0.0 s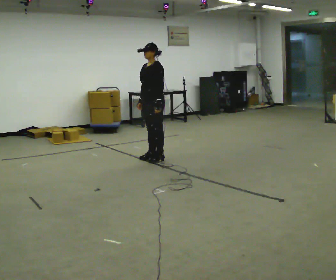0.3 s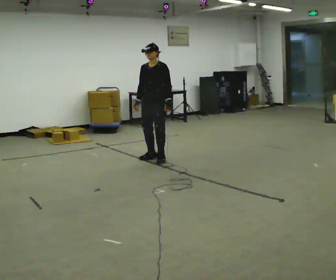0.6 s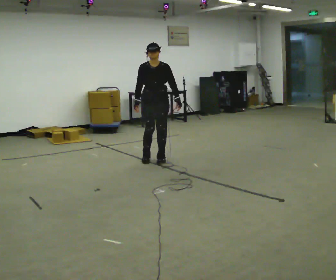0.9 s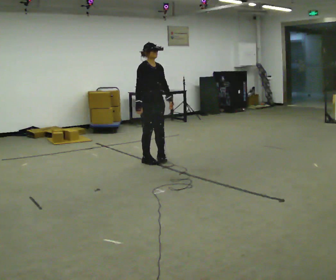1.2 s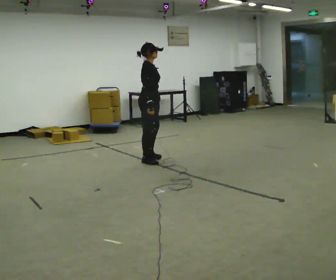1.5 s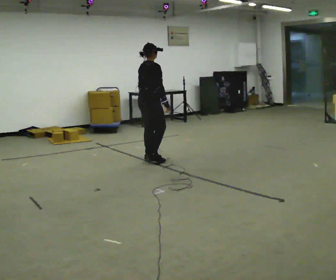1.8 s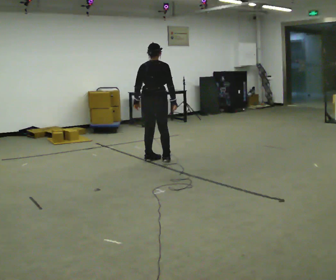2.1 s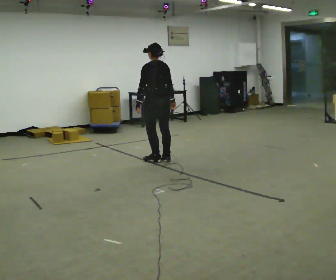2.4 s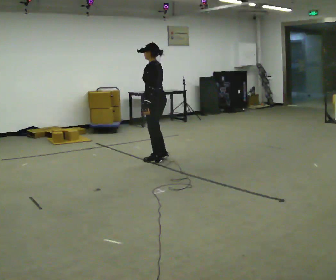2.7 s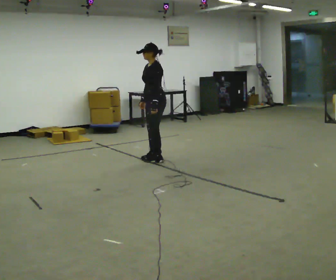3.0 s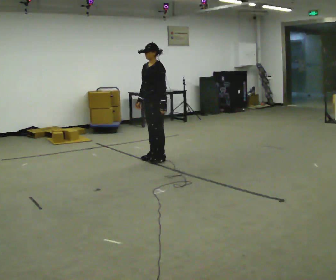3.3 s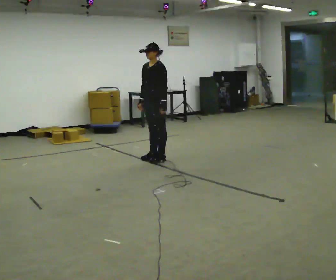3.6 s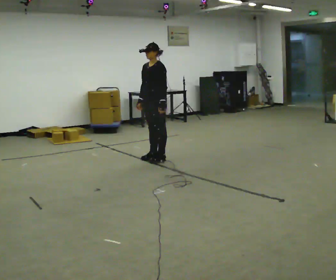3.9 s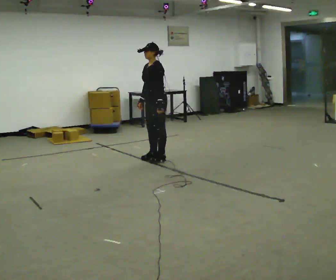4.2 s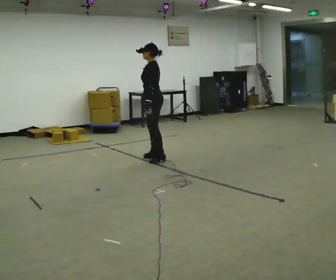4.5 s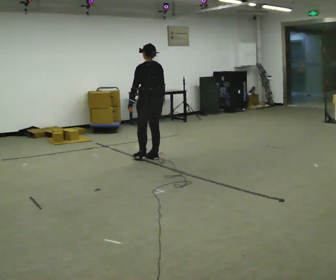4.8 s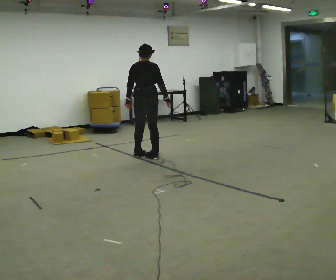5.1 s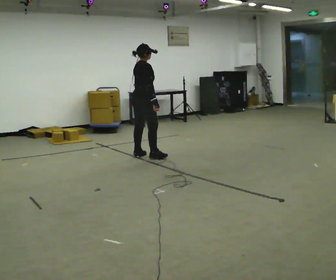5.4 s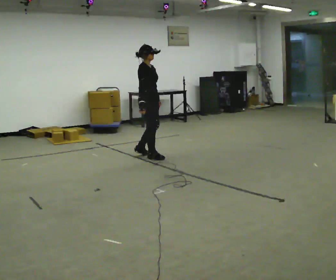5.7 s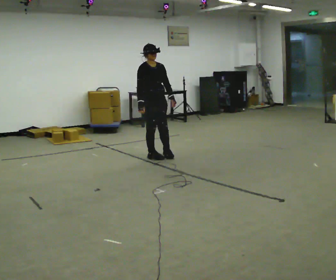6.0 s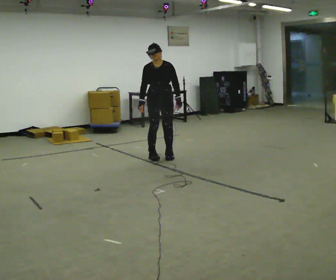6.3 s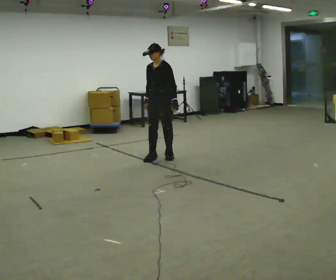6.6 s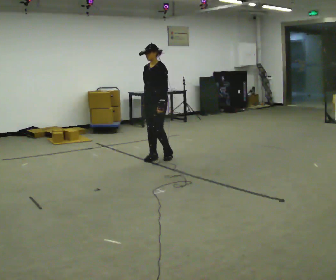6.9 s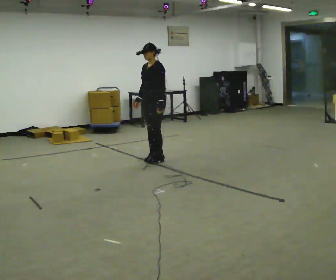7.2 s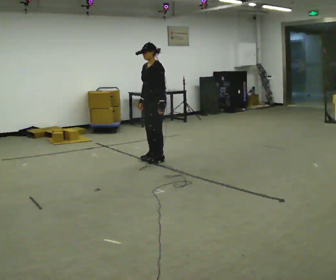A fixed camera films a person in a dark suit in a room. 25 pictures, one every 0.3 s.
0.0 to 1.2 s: The part of the body nearest the lens slides to the right as the person turns to their left by about 135 degrees.
1.2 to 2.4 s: The person turns about 165 degrees to their left, counterclockwise seen from above, so the part of the body nearest the lens slides to the right.
2.4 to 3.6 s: The person turns about 45 degrees to their left, counterclockwise seen from above, so the part of the body nearest the lens slides to the right.
3.6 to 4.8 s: The person turns about 150 degrees to their right, clockwise seen from above, so the part of the body nearest the lens slides to the left. In the picture they go to the left, about 0.25 m in 1 step. In the picture their right hand goes to the right, the arm swinging counterclockwise.
4.8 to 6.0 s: The person turns about 165 degrees to their right, clockwise seen from above, so the part of the body nearest the lens slides to the left. In the picture they go to the right, about 0.25 m in 1 step.
6.0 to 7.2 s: Seen from above the body turns clockwise, about 45 degrees: to their right, with its near side sliding to the left. In the picture they go toward the camera, about 0.25 m in 1 step, which for them is forward.
The film runs forward here.
